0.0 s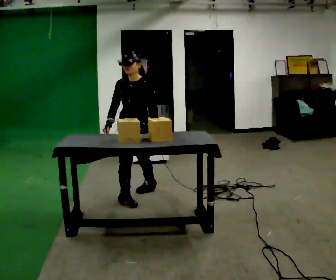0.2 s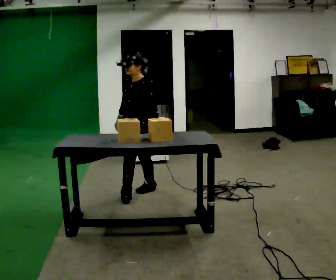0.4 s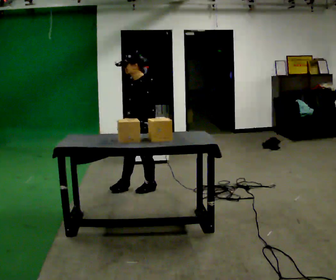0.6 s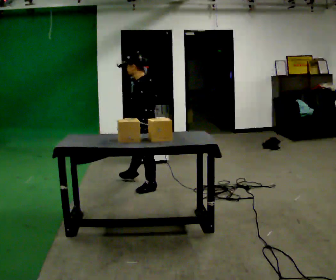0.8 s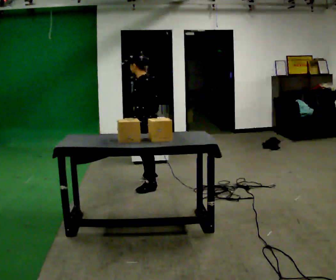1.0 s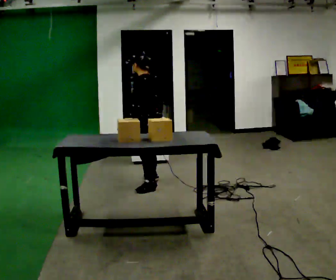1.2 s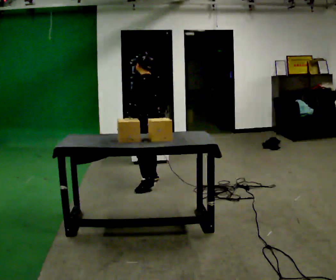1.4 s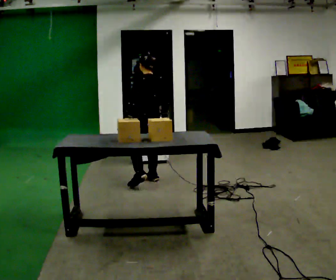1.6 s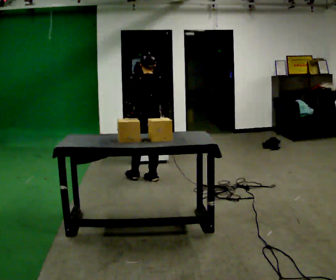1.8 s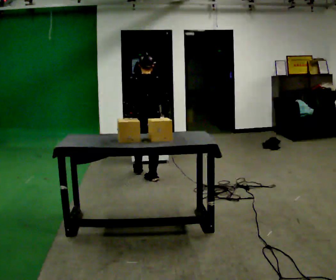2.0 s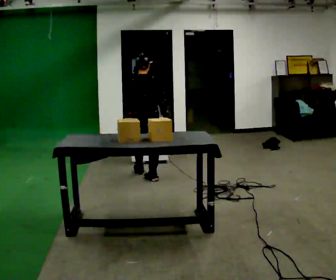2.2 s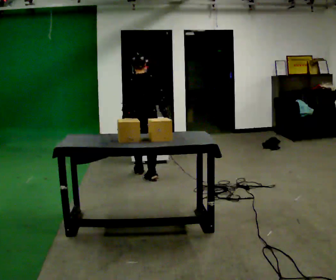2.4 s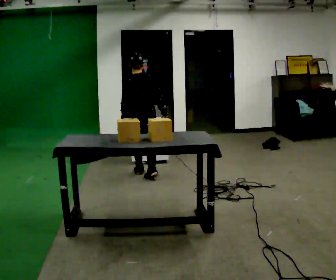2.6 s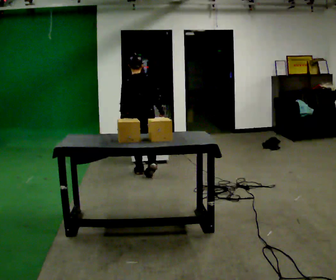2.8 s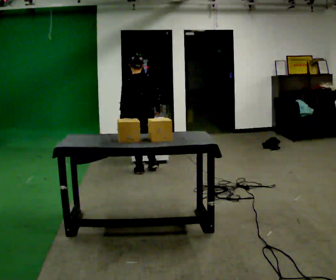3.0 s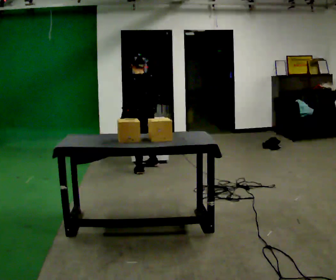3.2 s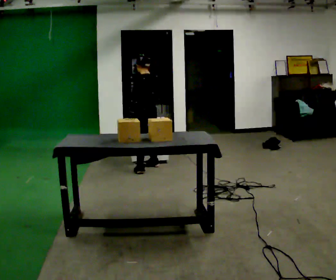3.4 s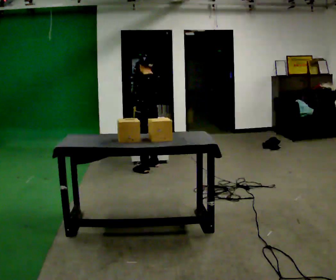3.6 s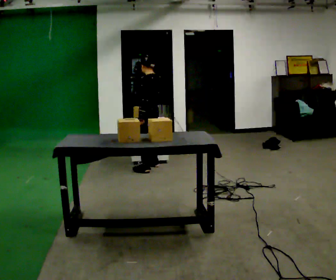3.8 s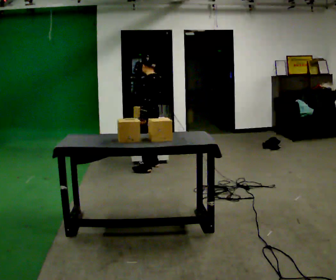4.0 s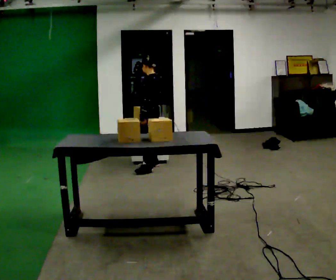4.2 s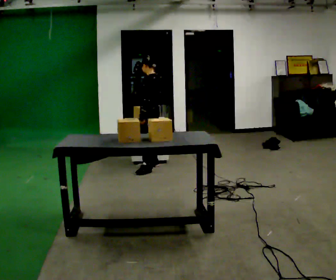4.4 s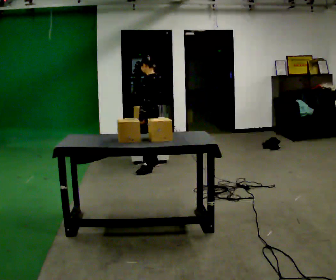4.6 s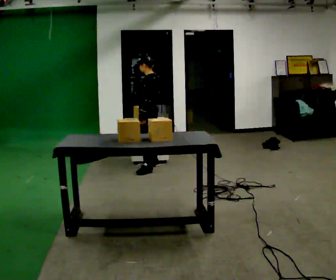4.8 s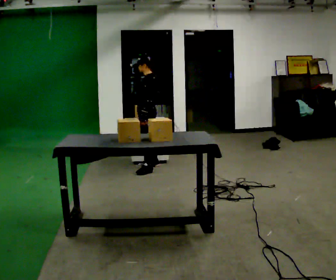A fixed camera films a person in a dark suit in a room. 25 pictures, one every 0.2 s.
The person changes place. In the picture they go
away from the camera.
0.0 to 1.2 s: The part of the body nearest the lens slides to the left as the person turns to their right by about 120 degrees. In the picture they go away from the camera, about 0.5 m in 1 step.
1.2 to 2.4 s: The person turns about 45 degrees to their right, clockwise seen from above, so the part of the body nearest the lens slides to the left. In the picture they go away from the camera, about 0.25 m in 1 step, which for them is forward.
2.4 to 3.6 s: Seen from above the body turns counterclockwise, about 60 degrees: to their left, with its near side sliding to the right. In the picture they go away from the camera, about 0.5 m in 1 step.
3.6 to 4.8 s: The person moves a little, or ends about where they began.
The film runs forward here.
